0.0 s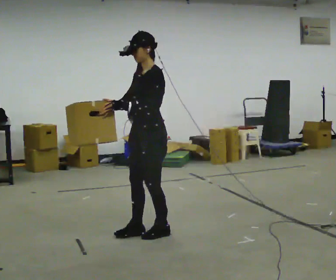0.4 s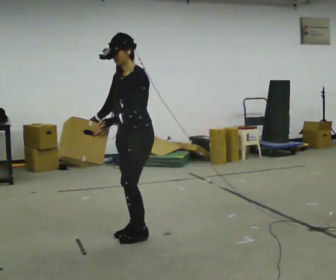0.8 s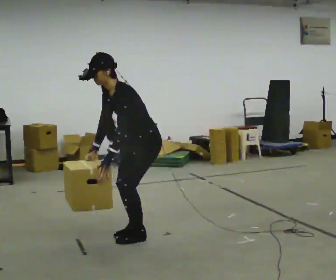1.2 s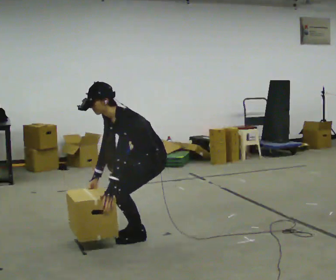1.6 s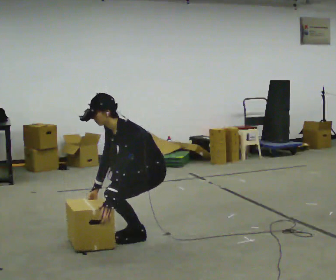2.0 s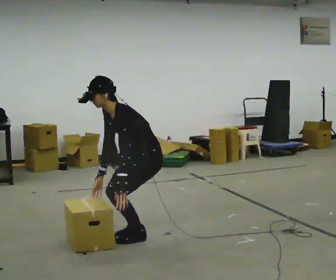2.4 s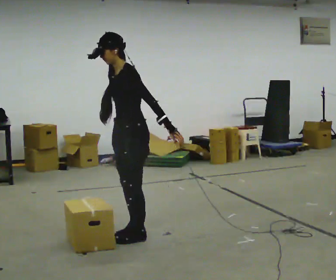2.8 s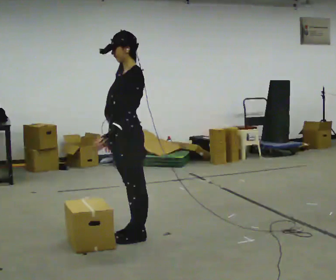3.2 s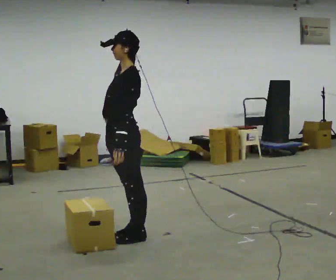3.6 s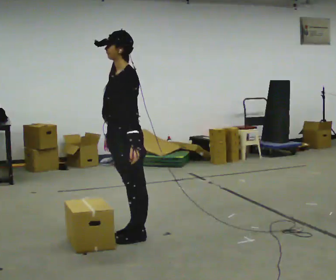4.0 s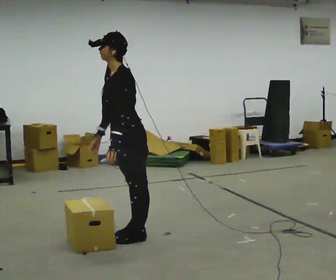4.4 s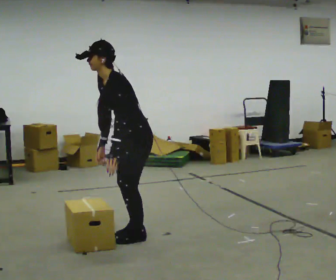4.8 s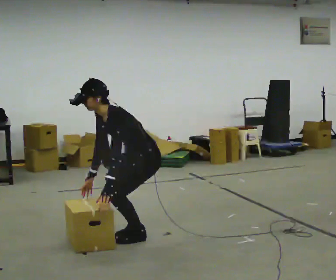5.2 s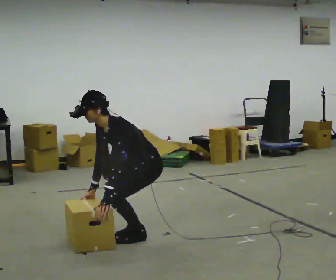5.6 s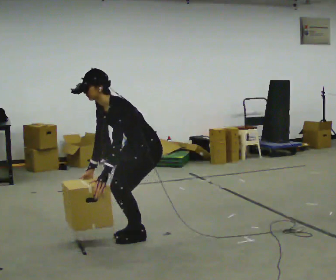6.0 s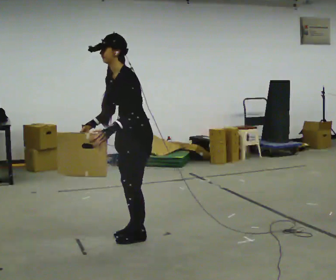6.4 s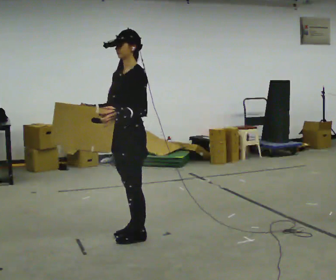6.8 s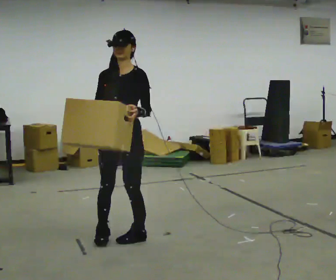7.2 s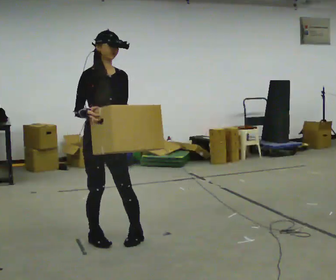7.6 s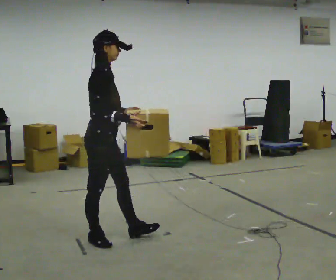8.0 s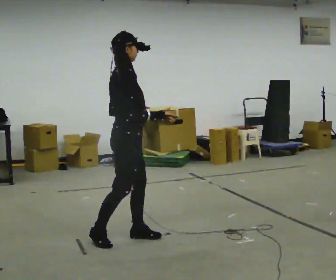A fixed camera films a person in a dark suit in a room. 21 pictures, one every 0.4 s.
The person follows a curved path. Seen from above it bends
counterclockwise.
0.0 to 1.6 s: The shoulders move downward. In the picture the upper body tilts counterclockwise, shoulders to the left, as they bend forward. In the picture their left hand goes downward.
1.6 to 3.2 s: In the picture they go to the left, about 0.25 m, which for them is forward. The shoulders move upward. In the picture the upper body tilts clockwise, shoulders to the right, as they lean back or straighten. In the picture their right hand goes upward.
3.2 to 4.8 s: The shoulders move downward. In the picture the upper body tilts counterclockwise, shoulders to the left, as they bend forward. In the picture their right hand goes downward.
4.8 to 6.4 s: The upper body goes upward. In the picture the upper body tilts clockwise, shoulders to the right, as they lean back or straighten. In the picture their right hand goes upward.
6.4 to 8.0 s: The part of the body nearest the lens slides to the right as the person turns to their left by about 150 degrees. In the picture their right hand goes to the right.
The film runs forward here.
